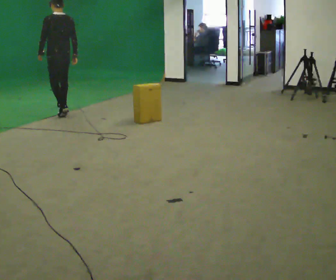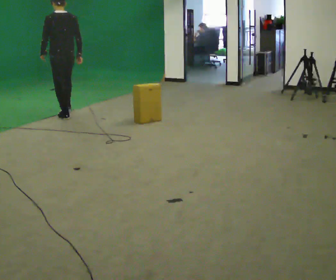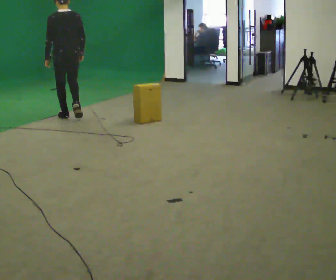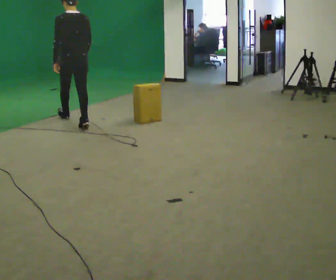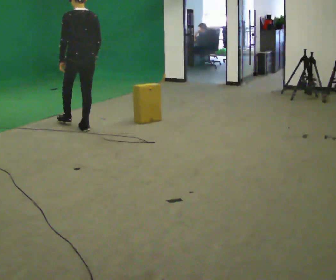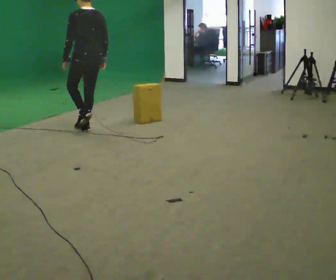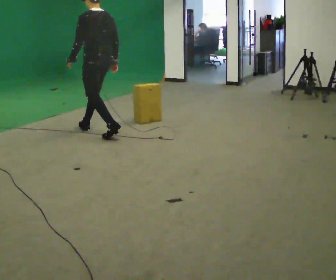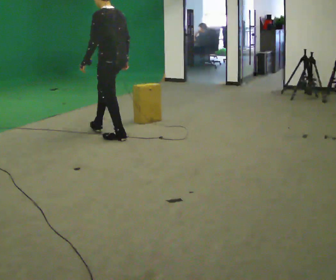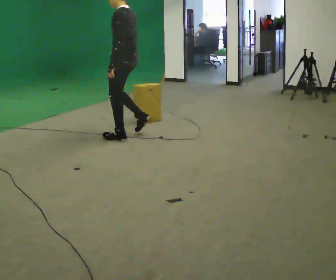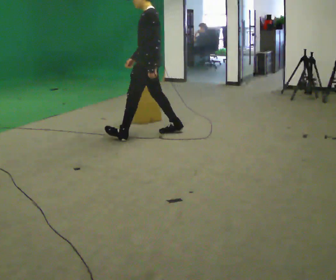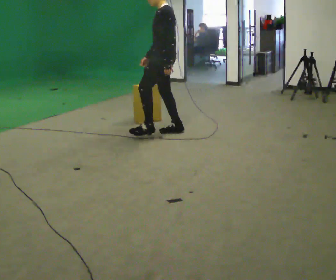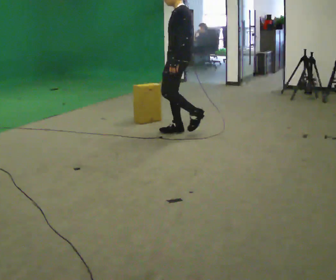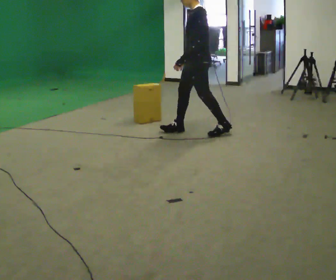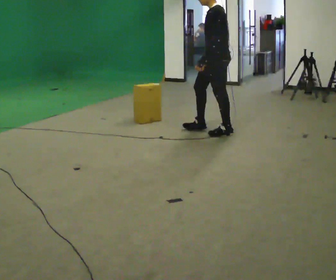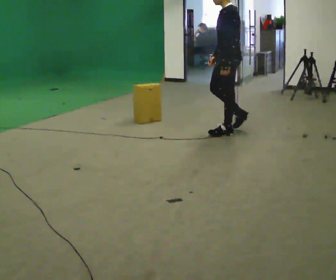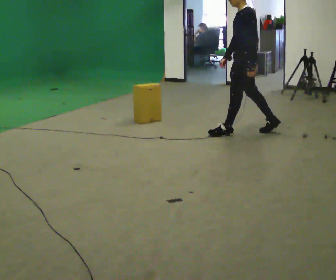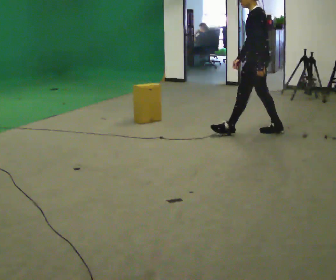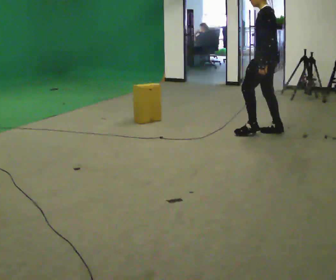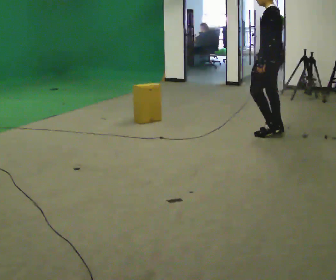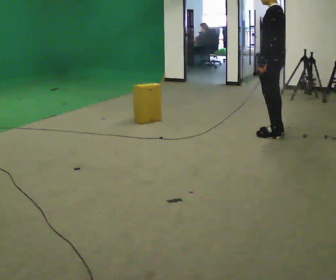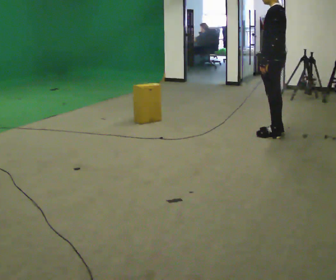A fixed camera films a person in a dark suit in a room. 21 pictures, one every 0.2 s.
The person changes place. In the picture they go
to the right.
0.0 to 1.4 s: The person turns about 30 degrees to their left, counterclockwise seen from above, so the part of the body nearest the lens slides to the right. In the picture they go toward the camera and to the right, about 1.5 m in 3 steps, which for them is backward.
1.4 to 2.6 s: The part of the body nearest the lens slides to the right as the person turns to their left by about 30 degrees. In the picture they go to the right, about 1 m in 2 steps, which for them is backward.
2.6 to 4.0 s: The part of the body nearest the lens slides to the left as the person turns to their right by about 30 degrees. In the picture they go to the right, about 0.75 m in 1 step, which for them is backward.
The film runs backward here.
